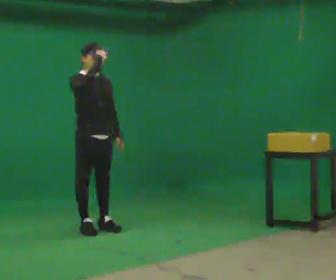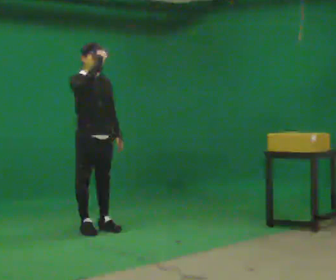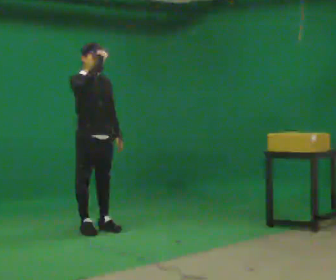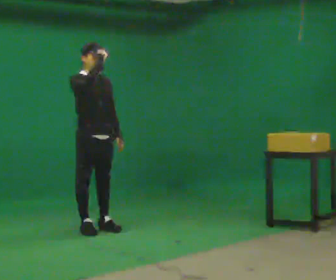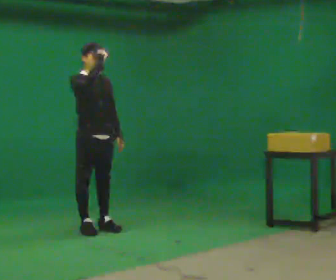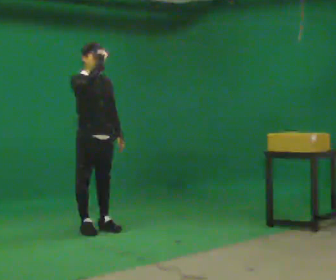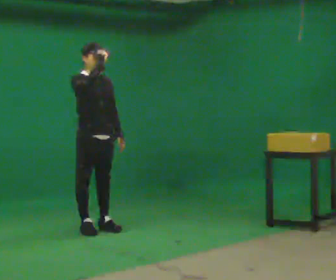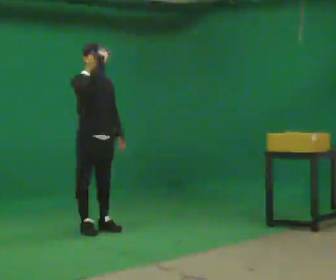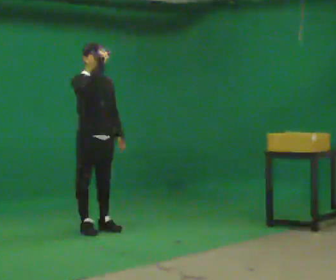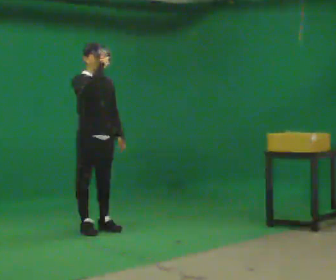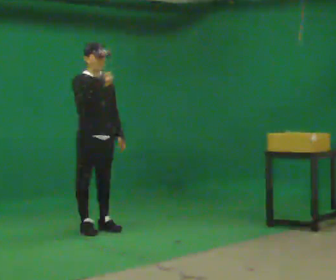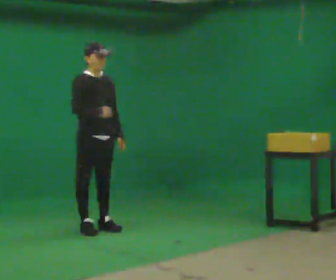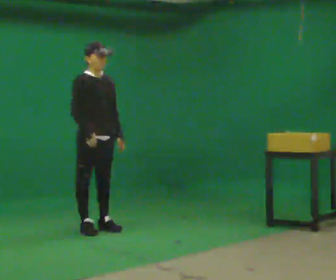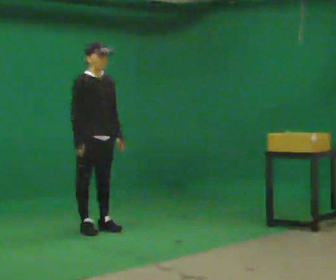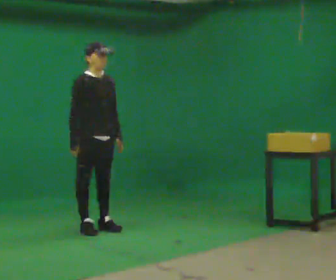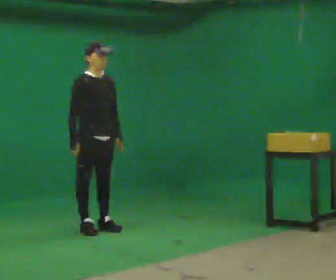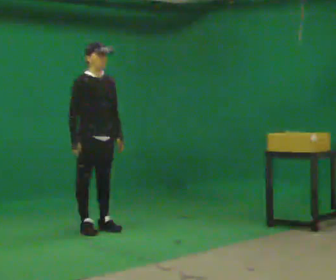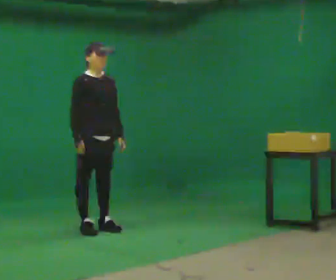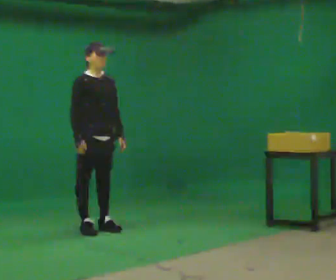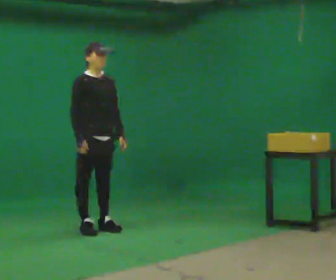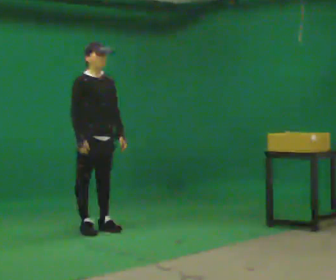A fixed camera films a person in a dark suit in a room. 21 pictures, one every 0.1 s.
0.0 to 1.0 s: The person moves a little, or ends about where they began.
1.0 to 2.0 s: In the picture their right hand goes downward.
The film runs forward here.
